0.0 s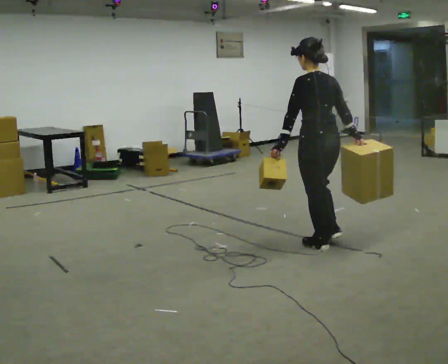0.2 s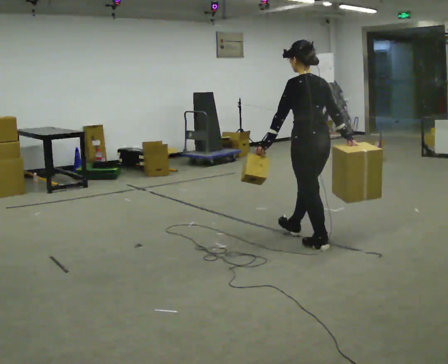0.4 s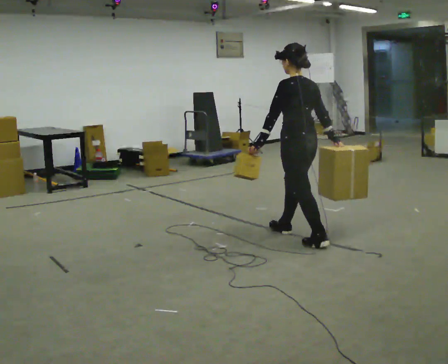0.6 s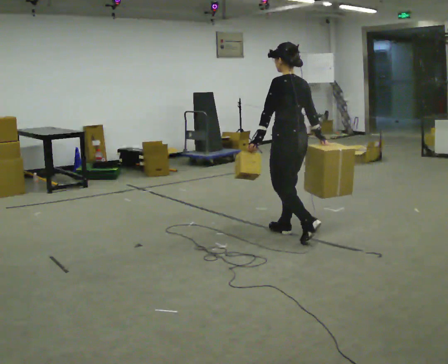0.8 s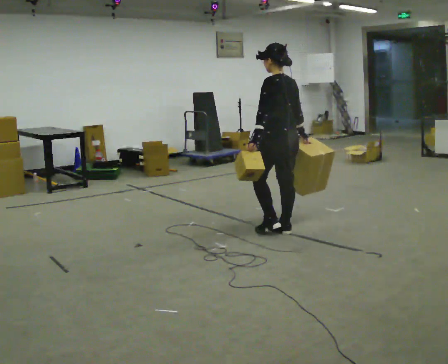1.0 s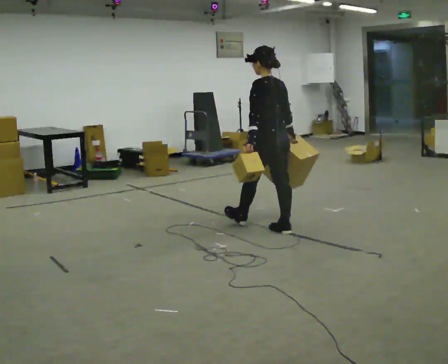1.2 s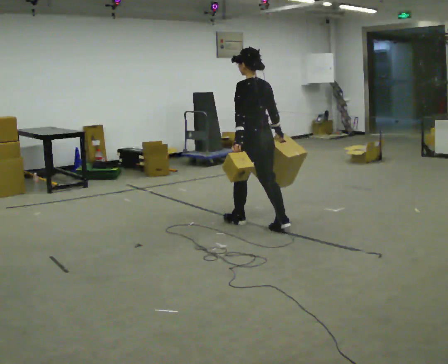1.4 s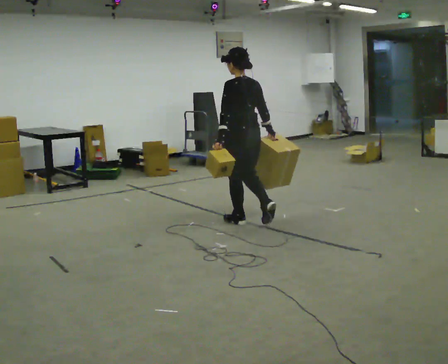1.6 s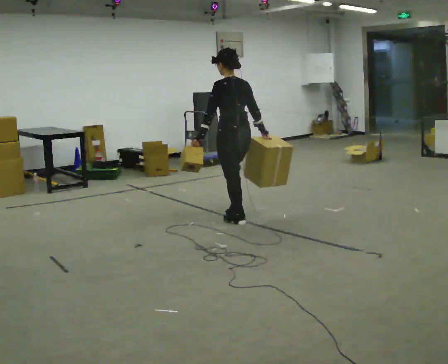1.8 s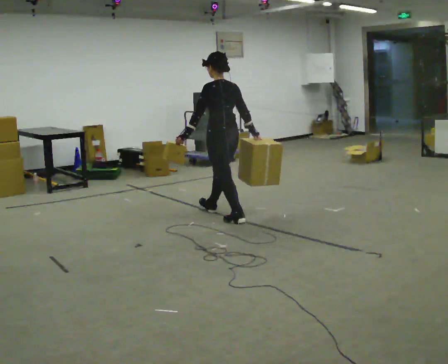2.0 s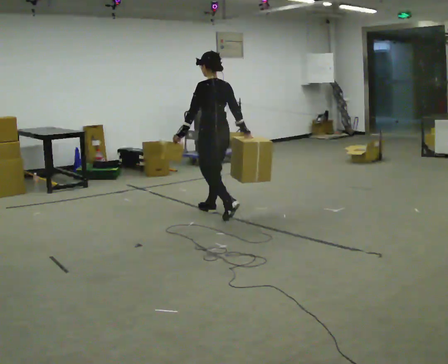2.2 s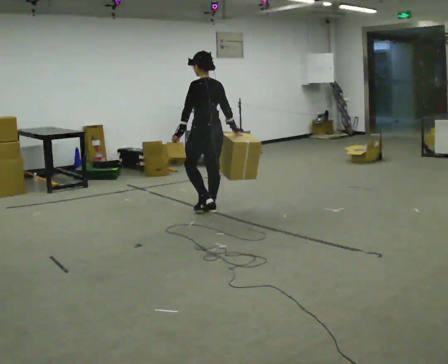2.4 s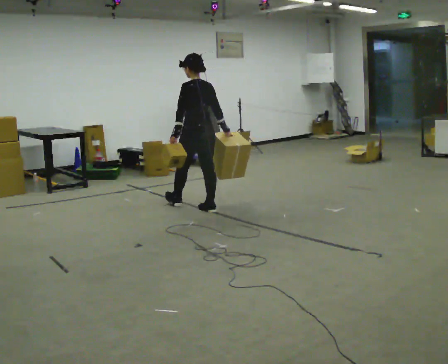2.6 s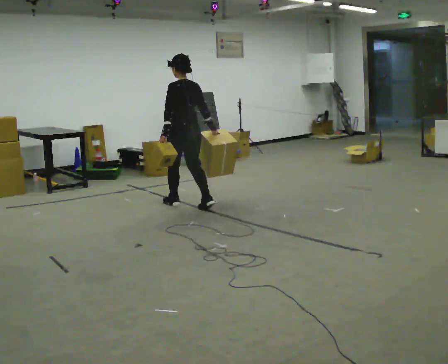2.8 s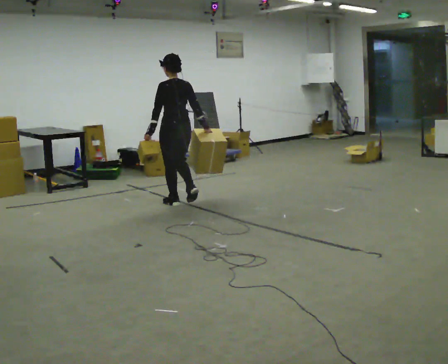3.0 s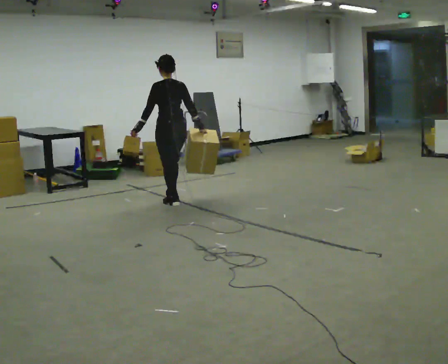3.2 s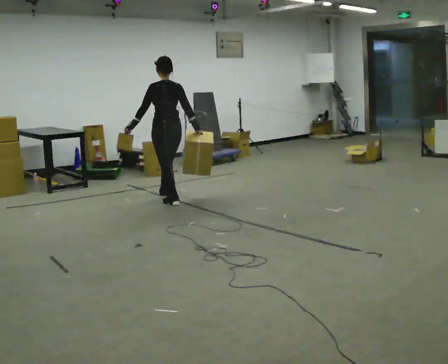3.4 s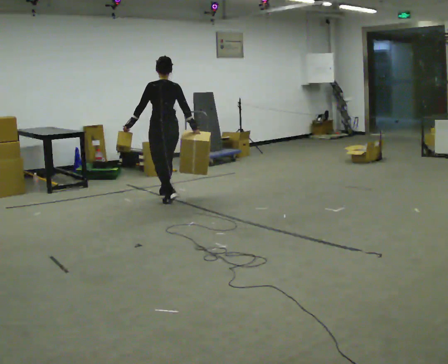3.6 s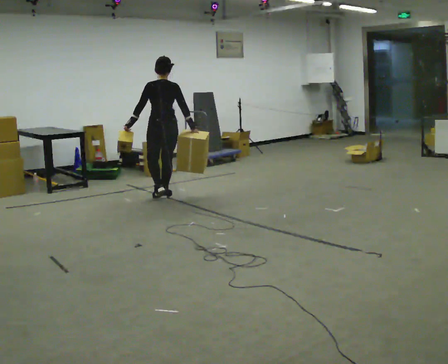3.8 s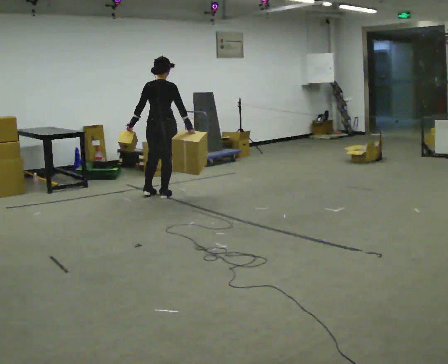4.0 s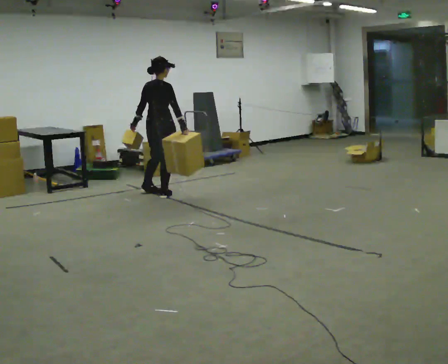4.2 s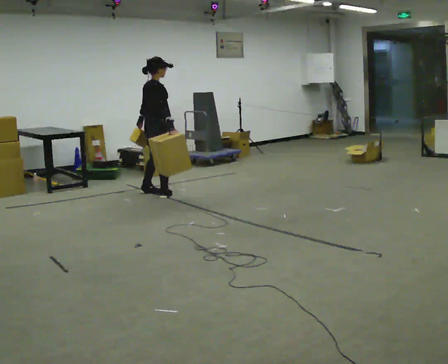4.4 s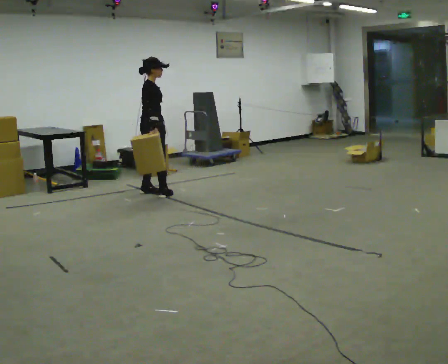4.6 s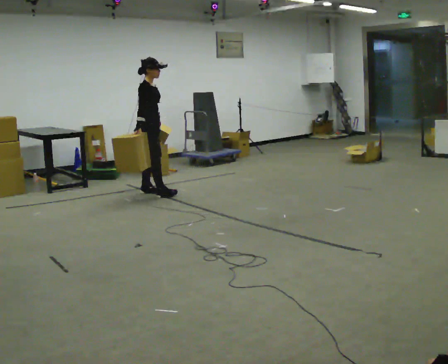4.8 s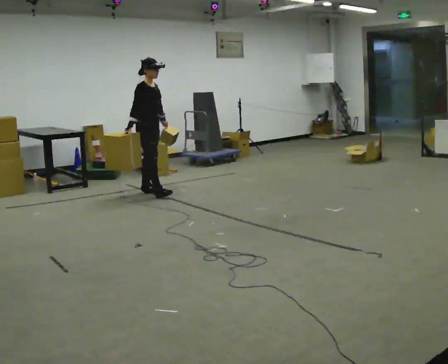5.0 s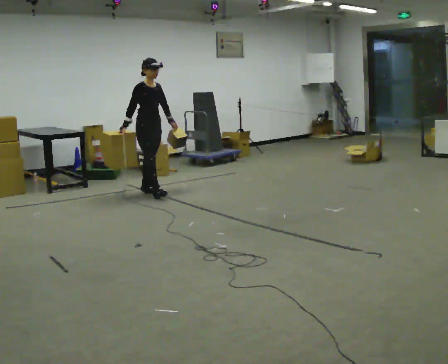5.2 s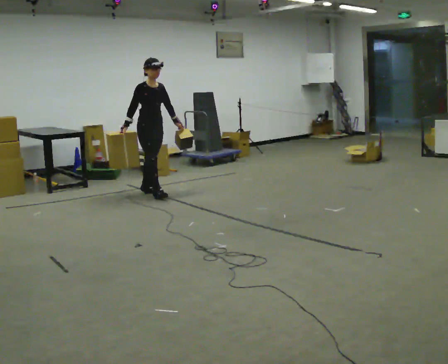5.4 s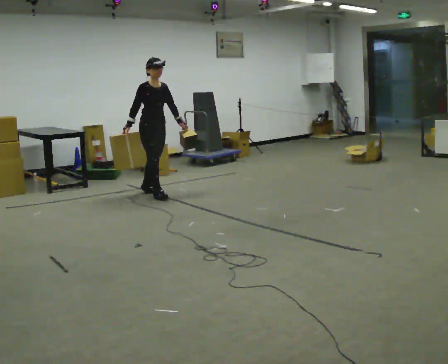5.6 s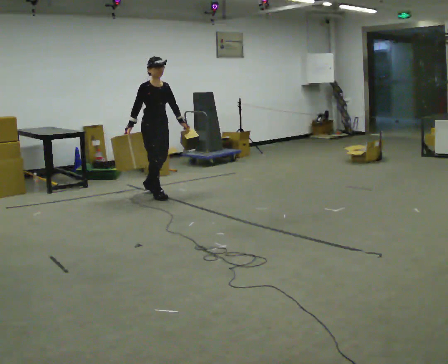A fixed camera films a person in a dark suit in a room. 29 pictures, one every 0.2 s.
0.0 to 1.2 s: In the picture they go away from the camera and to the left, about 1 m in 2 steps, which for them is forward.
1.2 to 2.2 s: In the picture they go away from the camera and to the left, about 0.5 m in 1 step, which for them is forward.
2.2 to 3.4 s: In the picture they go away from the camera and to the left, about 1 m in 2 steps, which for them is forward.
3.4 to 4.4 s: The person turns about 105 degrees to their right, clockwise seen from above, so the part of the body nearest the lens slides to the left. In the picture they go away from the camera and to the left, about 0.25 m in 1 step.
4.4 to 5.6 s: The person turns about 60 degrees to their right, clockwise seen from above, so the part of the body nearest the lens slides to the left. In the picture they go toward the camera, about 0.25 m, which for them is forward. In the picture their left hand goes to the right.
The film runs forward here.
